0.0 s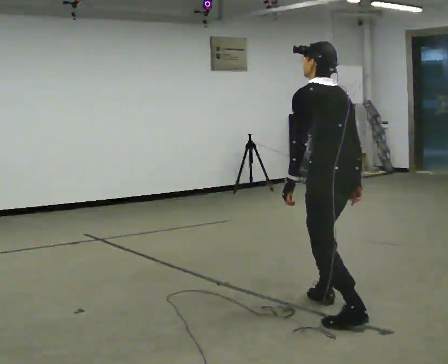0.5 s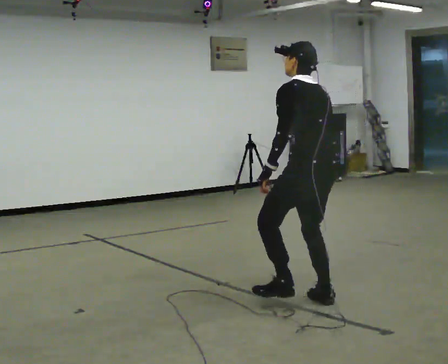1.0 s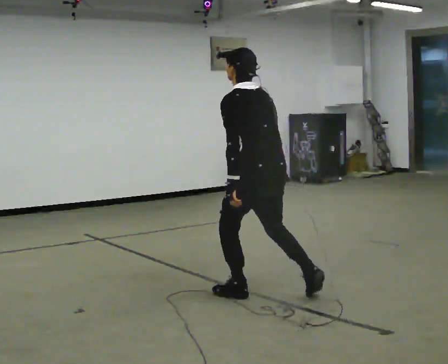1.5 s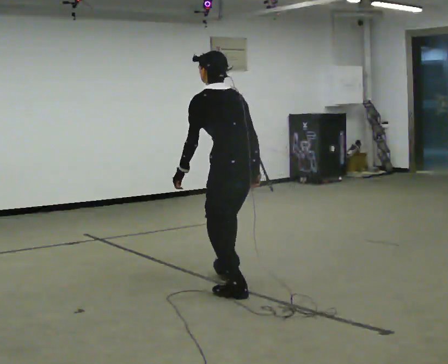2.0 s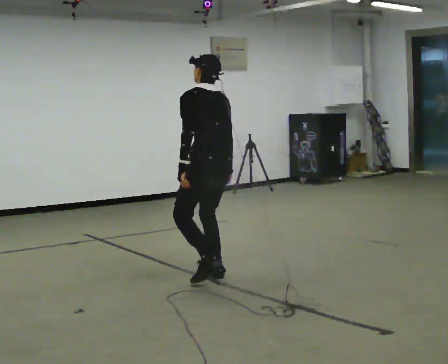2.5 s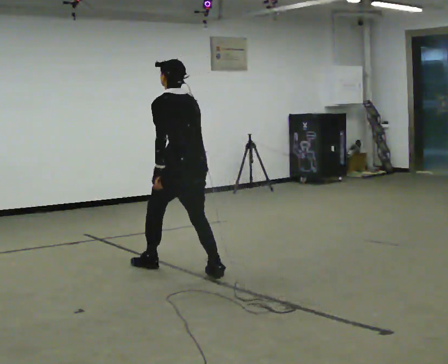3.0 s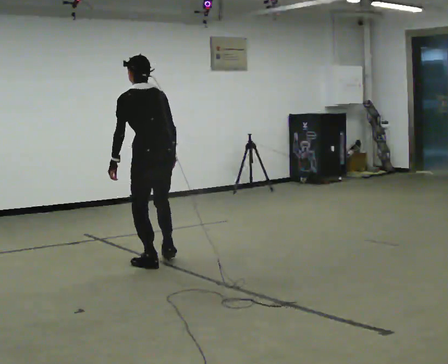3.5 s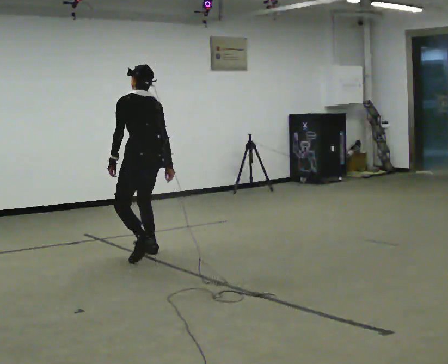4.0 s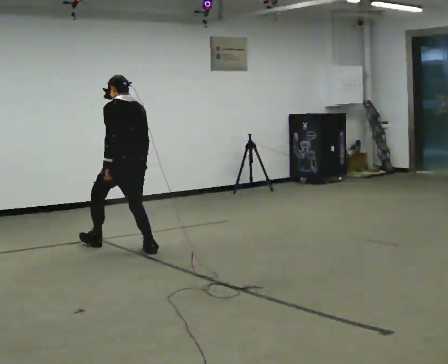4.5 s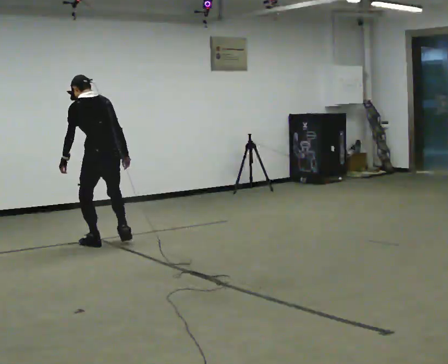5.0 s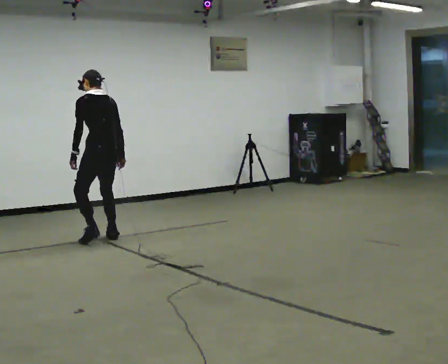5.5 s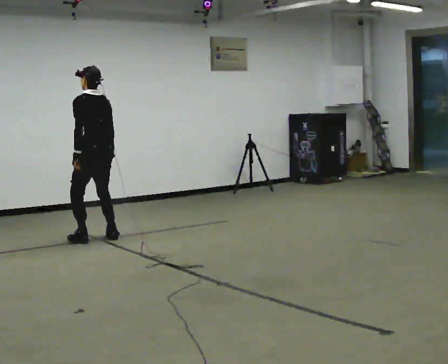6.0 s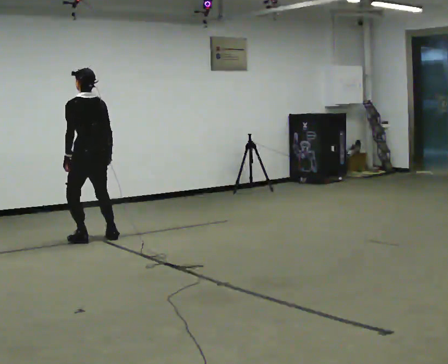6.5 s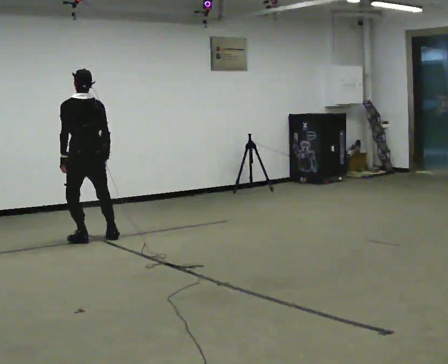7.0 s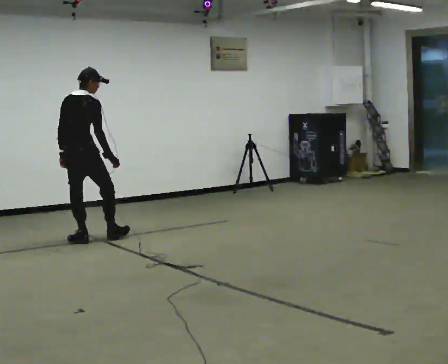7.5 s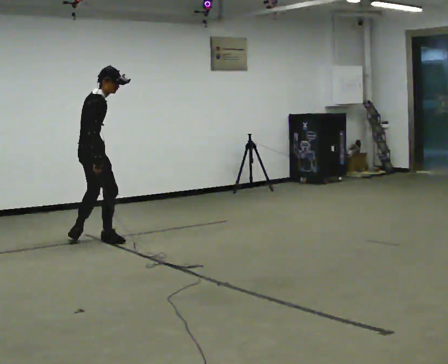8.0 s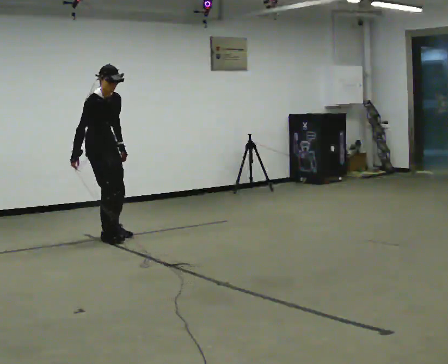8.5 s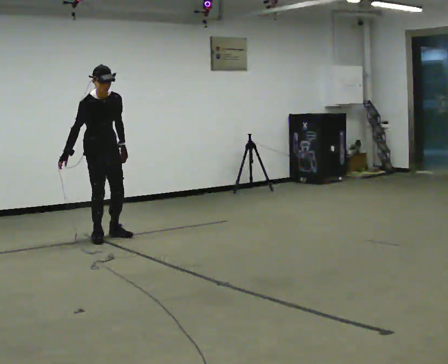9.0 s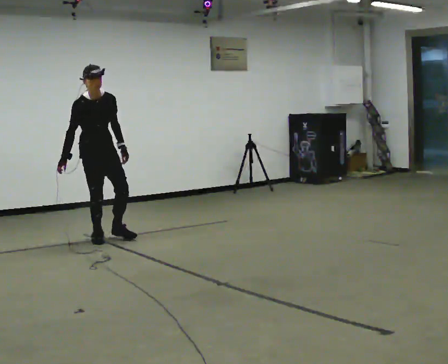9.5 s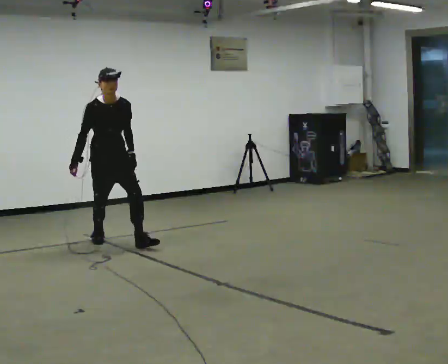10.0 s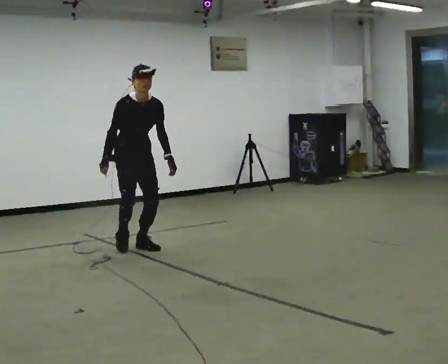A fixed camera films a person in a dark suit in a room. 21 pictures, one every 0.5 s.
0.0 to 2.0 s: In the picture they go away from the camera and to the left, about 1 m in 2 steps, which for them is forward.
2.0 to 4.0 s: In the picture they go away from the camera and to the left, about 1 m in 2 steps, which for them is forward.
4.0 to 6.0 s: In the picture they go away from the camera and to the left, about 0.5 m in 3 steps, which for them is forward.
6.0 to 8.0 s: The part of the body nearest the lens slides to the left as the person turns to their right by about 165 degrees. In the picture their right hand goes to the left, the arm swinging clockwise.
8.0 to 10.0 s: The part of the body nearest the lens slides to the left as the person turns to their right by about 30 degrees. In the picture they go toward the camera and to the right, about 0.5 m in 1 step, which for them is forward.
The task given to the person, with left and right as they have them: Walk forward in a lowered crouched posture at a comfortable speed; do not go lower than is comfortable; stop.
The film runs forward here.
